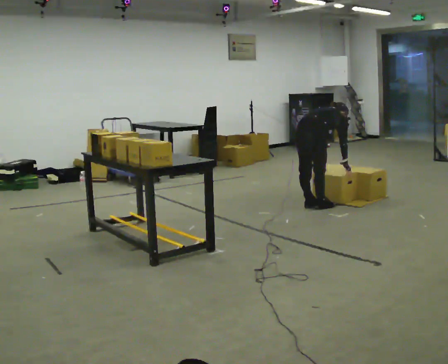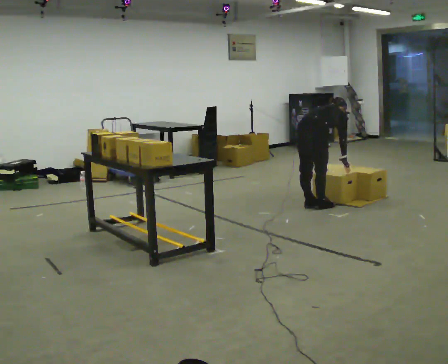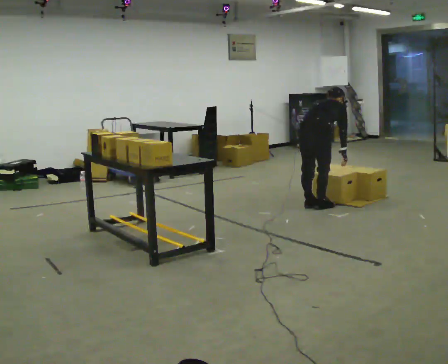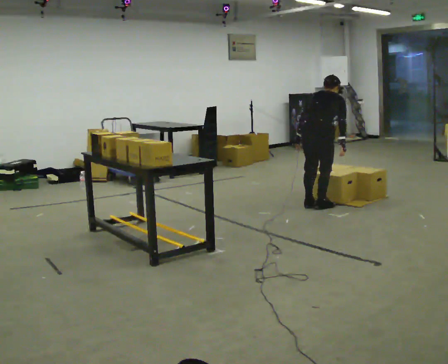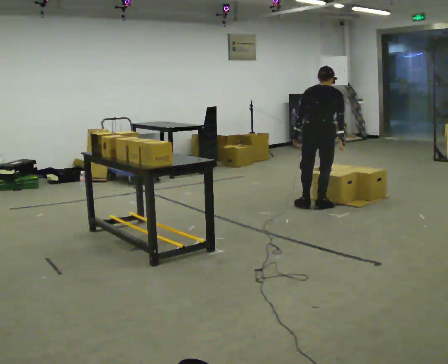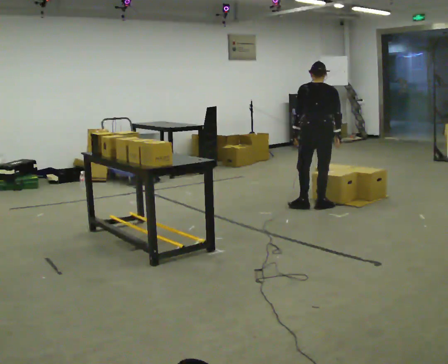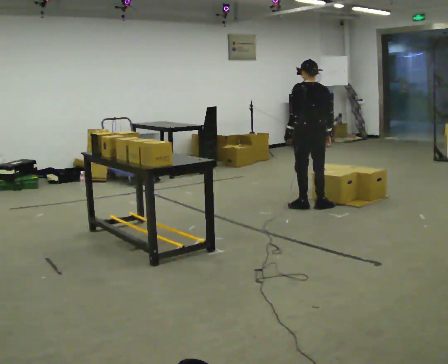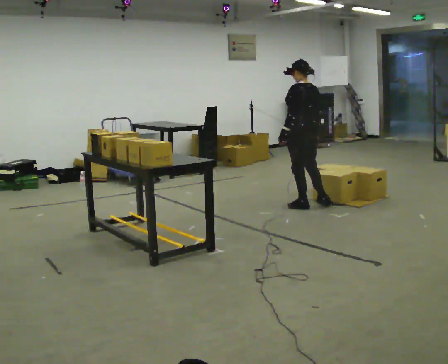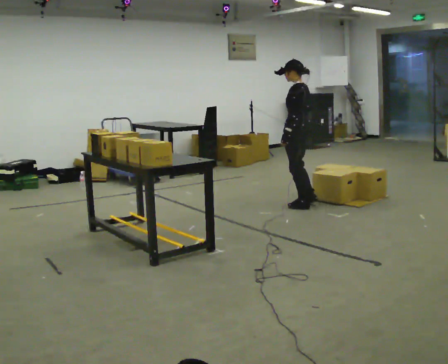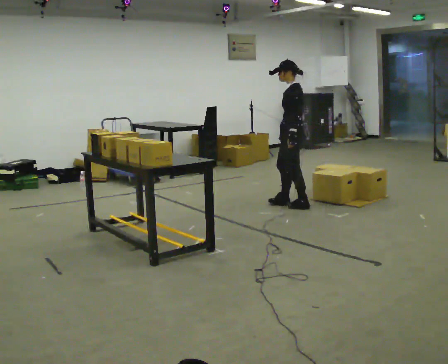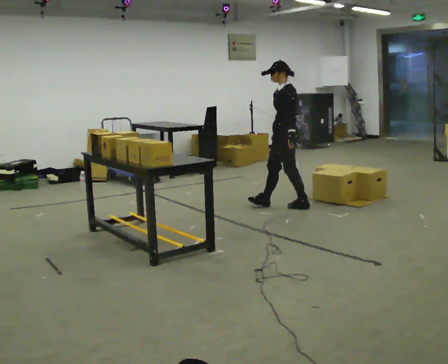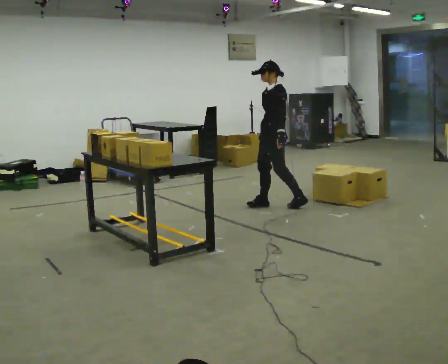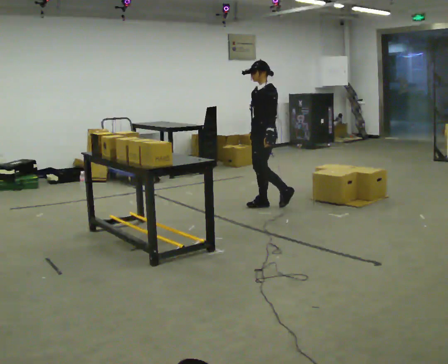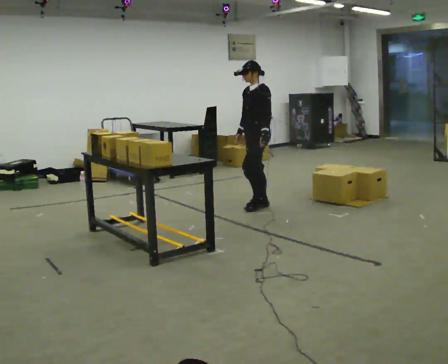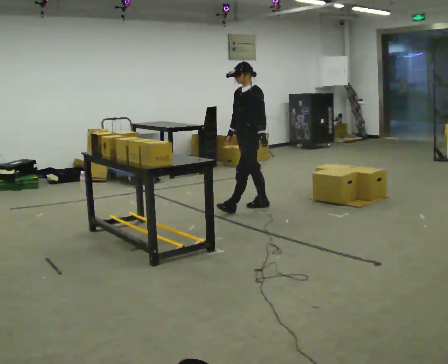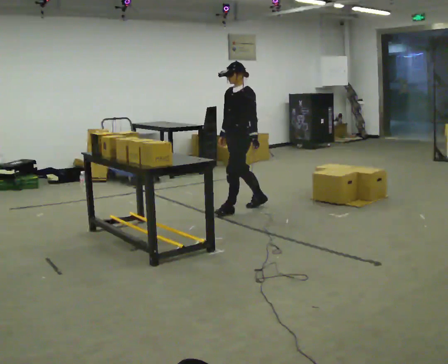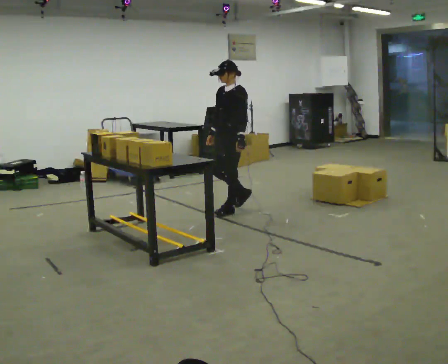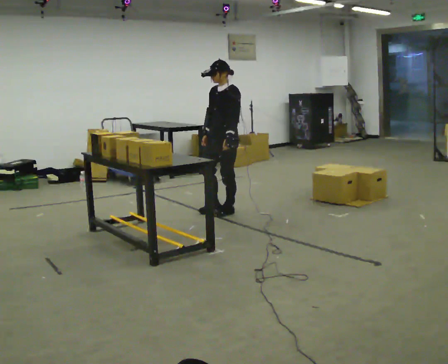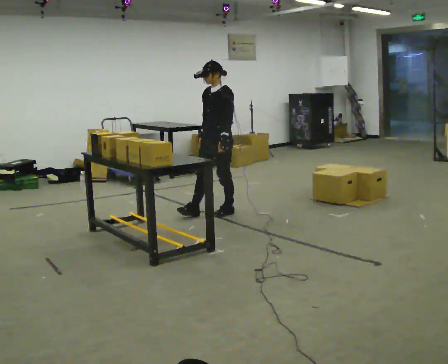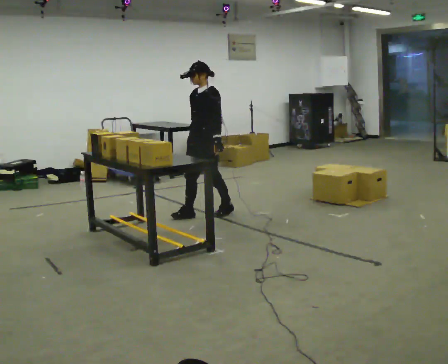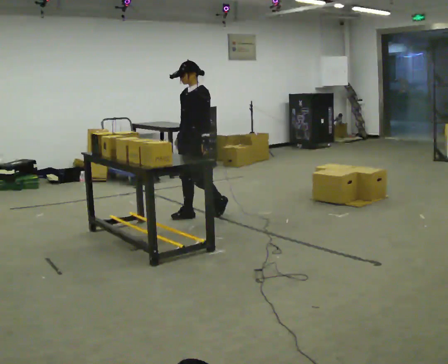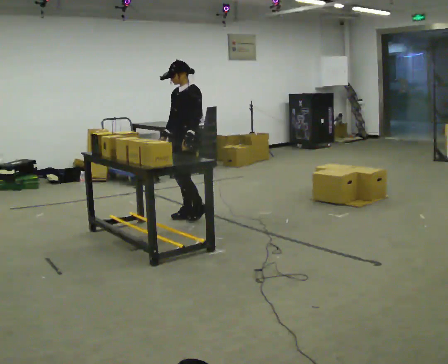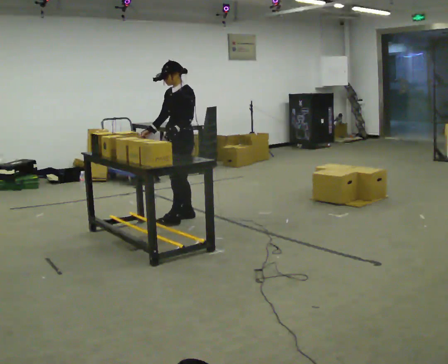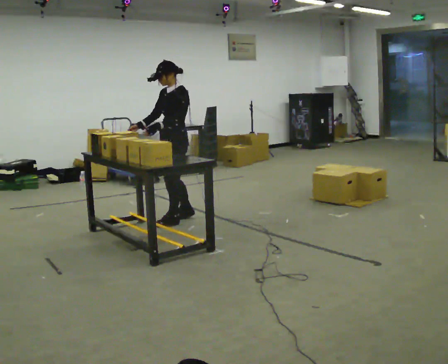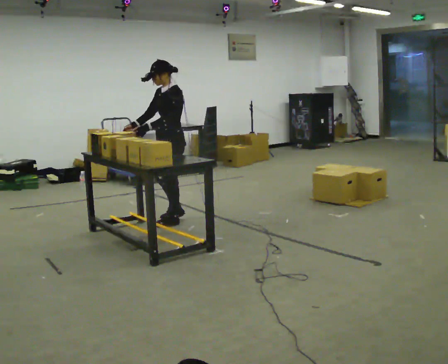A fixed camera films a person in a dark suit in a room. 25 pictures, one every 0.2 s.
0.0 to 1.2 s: The part of the body nearest the lens slides to the right as the person turns to their left by about 60 degrees. The upper body goes upward. In the picture the upper body tilts counterclockwise, shoulders to the left, as they lean back or straighten. In the picture their left hand goes to the left and upward.
1.2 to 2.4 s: The person turns about 90 degrees to their left, counterclockwise seen from above, so the part of the body nearest the lens slides to the right. In the picture they go to the left, about 0.5 m in 1 step.
2.4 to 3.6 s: In the picture they go to the left and toward the camera, about 0.5 m in 1 step, which for them is forward.
3.6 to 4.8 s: In the picture they go to the left and toward the camera, about 0.5 m in 2 steps, which for them is forward.
The film runs forward here.
